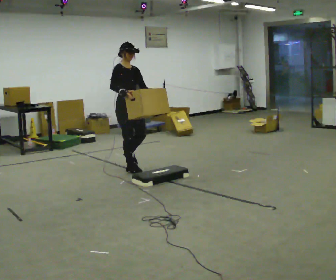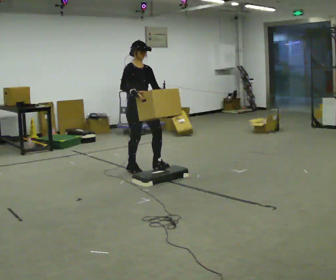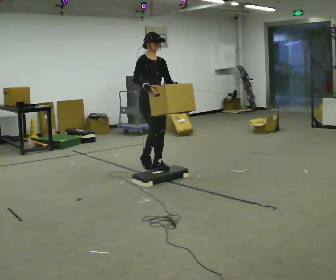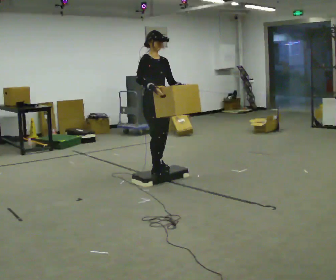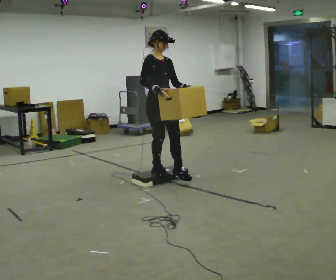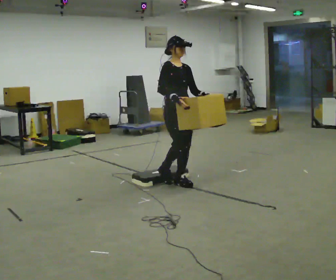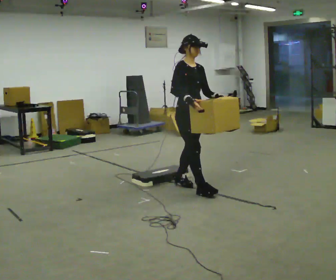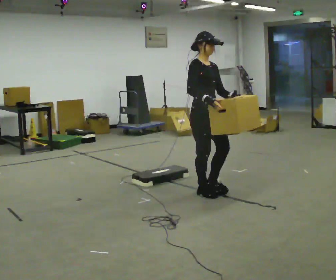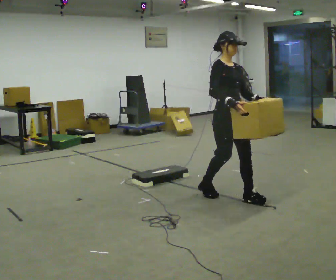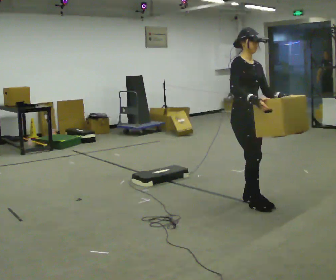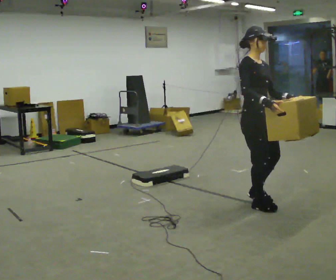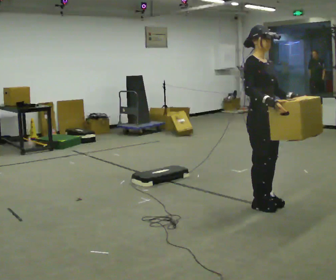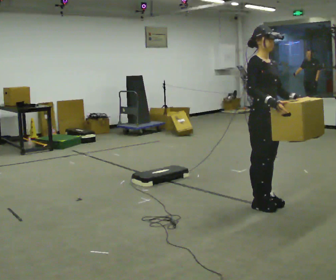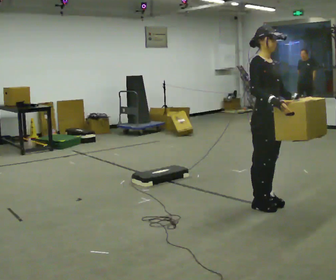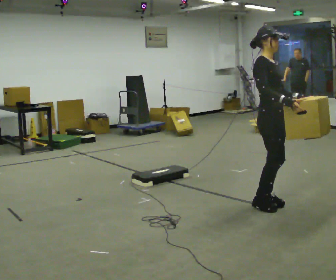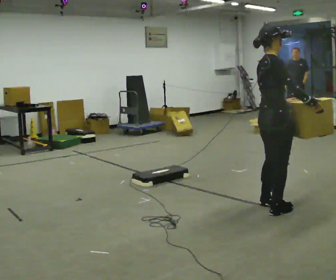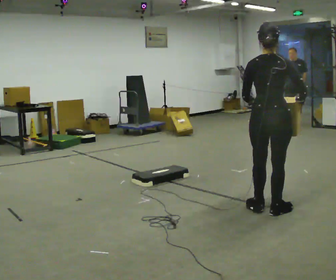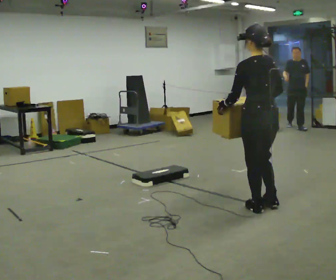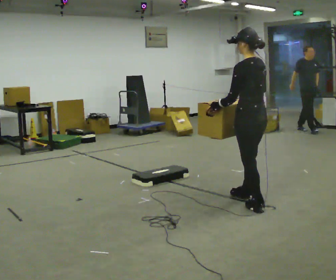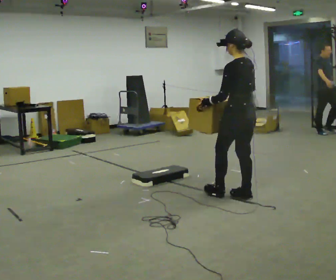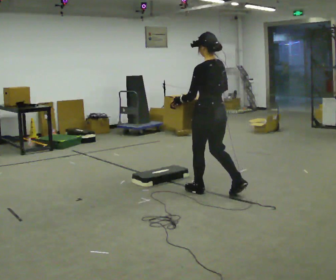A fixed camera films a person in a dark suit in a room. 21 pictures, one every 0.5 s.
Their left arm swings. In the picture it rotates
clockwise.
0.0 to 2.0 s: In the picture they go to the right and toward the camera, about 0.75 m in 2 steps, which for them is forward.
2.0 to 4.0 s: In the picture they go to the right and toward the camera, about 1 m in 3 steps, which for them is forward.
4.0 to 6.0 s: In the picture they go to the right and toward the camera, about 0.5 m in 2 steps, which for them is forward.
6.0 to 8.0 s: The person turns about 120 degrees to their left, counterclockwise seen from above, so the part of the body nearest the lens slides to the right. In the picture they go toward the camera, about 0.25 m in 2 steps.
8.0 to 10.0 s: The person turns about 60 degrees to their left, counterclockwise seen from above, so the part of the body nearest the lens slides to the right. In the picture they go to the left and away from the camera, about 1 m in 2 steps.
The film runs forward here.
